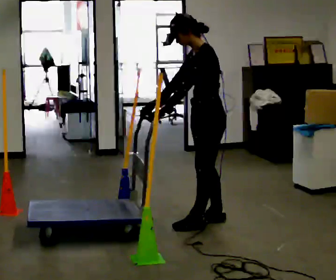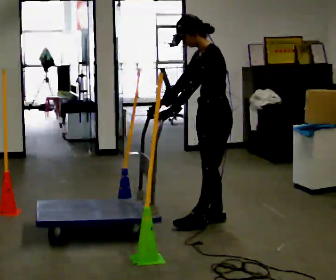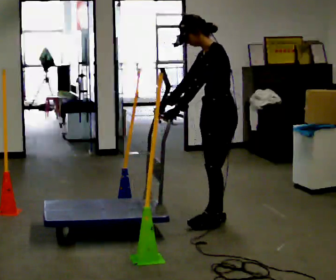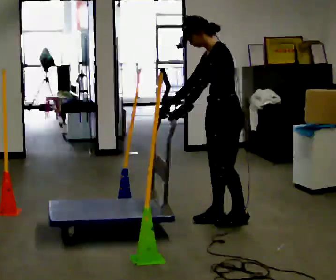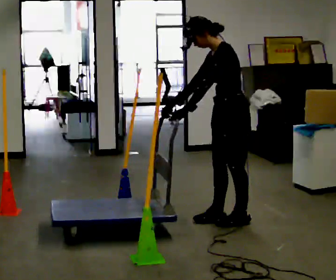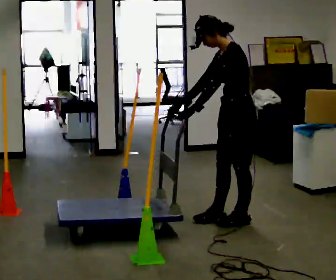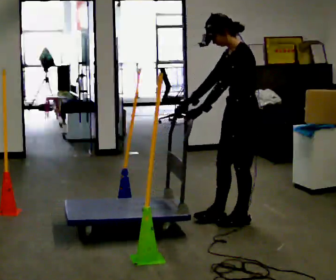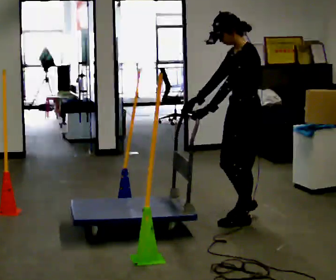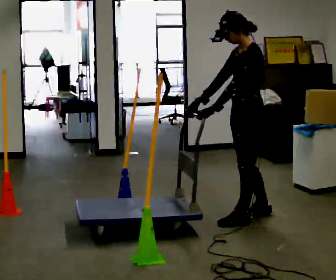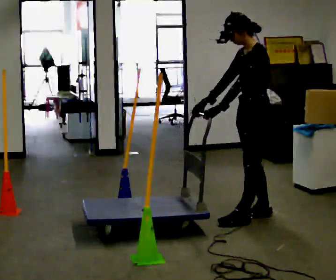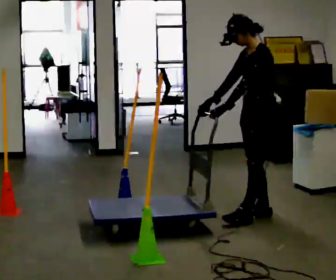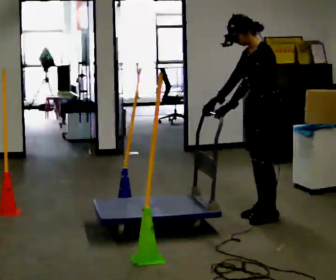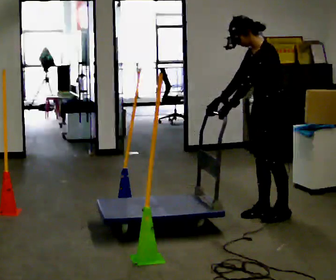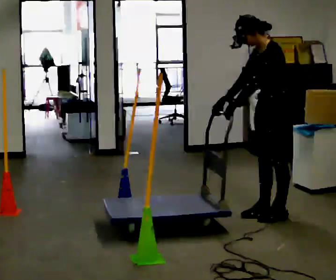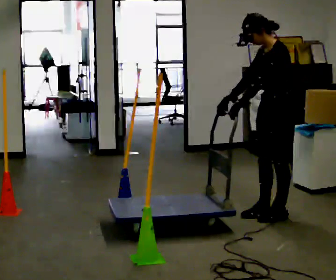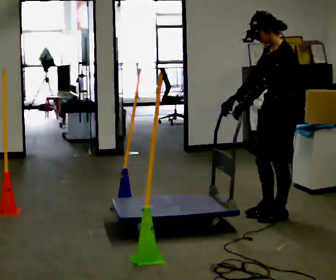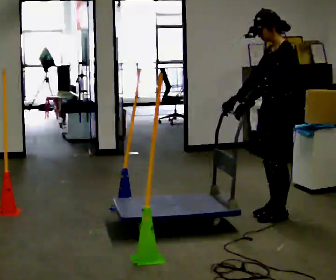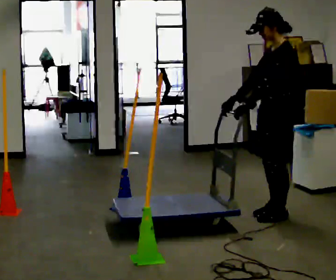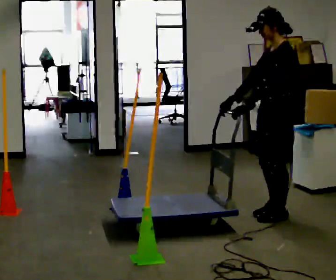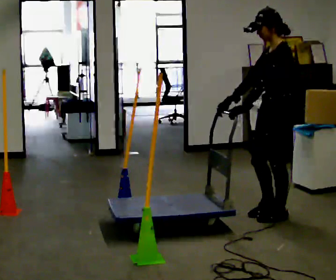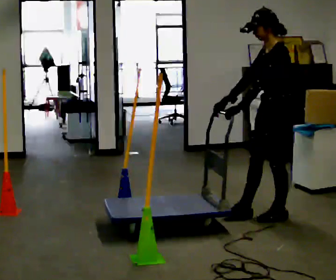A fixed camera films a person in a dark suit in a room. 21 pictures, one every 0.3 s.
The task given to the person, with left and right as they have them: Push the cart in and out of the line of poles without touching any of them. Keep going until the operator says stop.
0.0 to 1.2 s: In the picture they go to the right, about 0.25 m in 1 step, which for them is backward.
1.2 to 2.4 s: The person moves a little, or ends about where they began.
2.4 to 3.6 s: In the picture they go to the right, about 0.25 m in 1 step, which for them is backward.
3.6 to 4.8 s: In the picture the upper body tilts clockwise, shoulders to the right, as they lean back or straighten.
4.8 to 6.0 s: The person moves a little, or ends about where they began.
The film runs forward here.
